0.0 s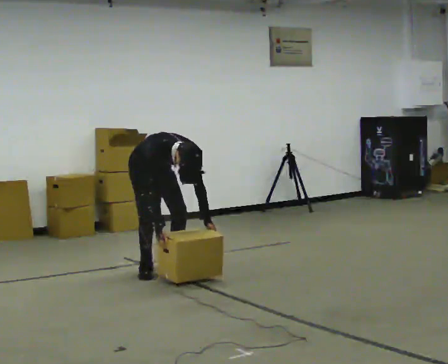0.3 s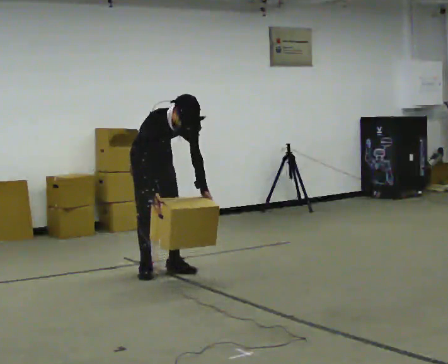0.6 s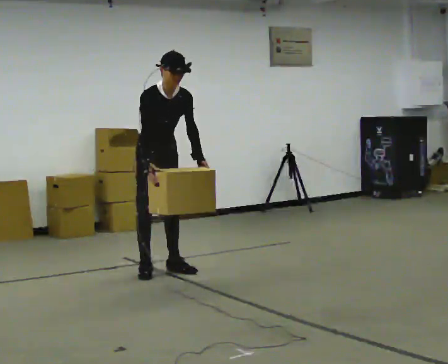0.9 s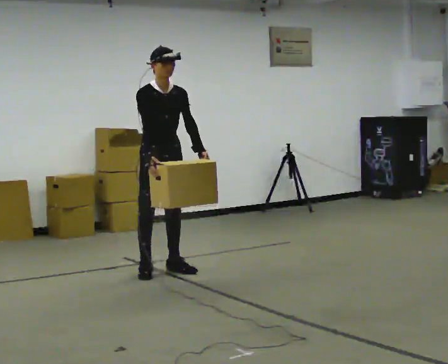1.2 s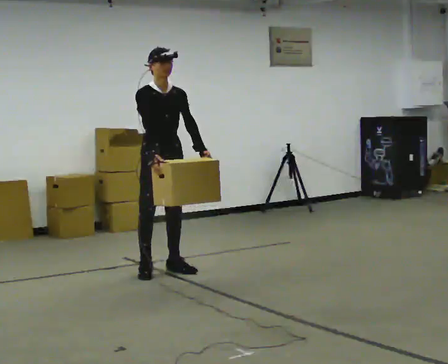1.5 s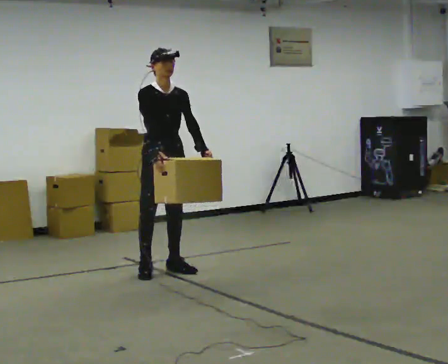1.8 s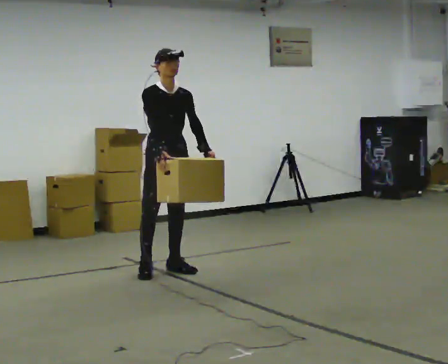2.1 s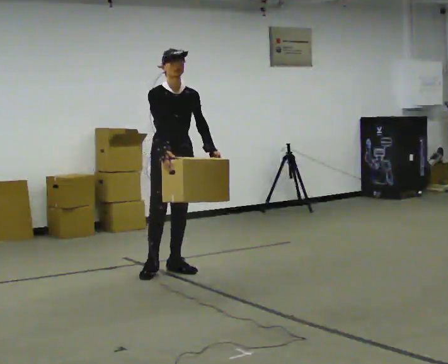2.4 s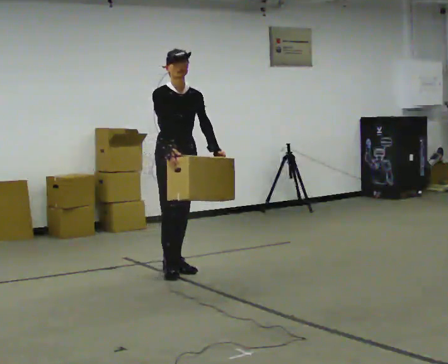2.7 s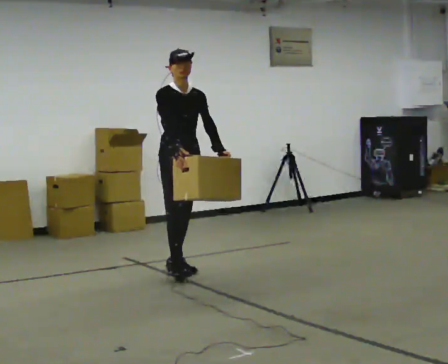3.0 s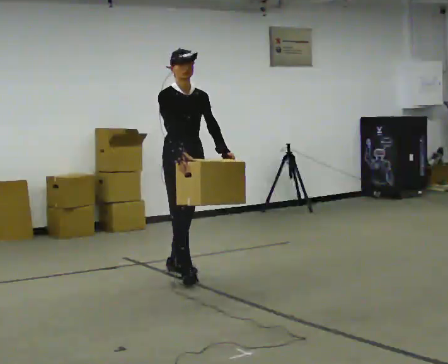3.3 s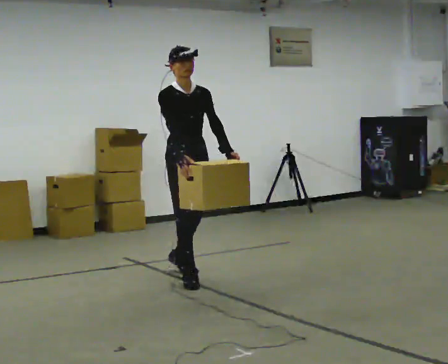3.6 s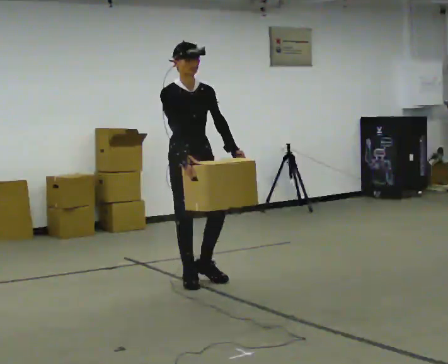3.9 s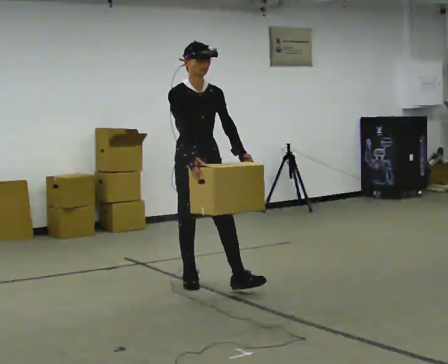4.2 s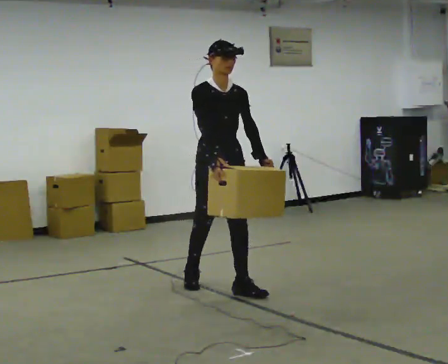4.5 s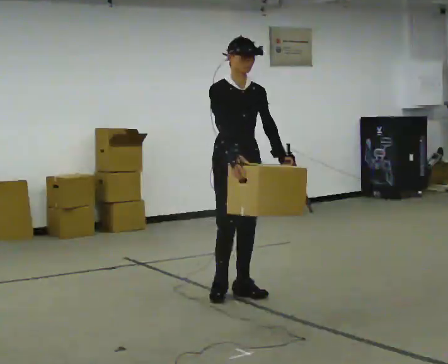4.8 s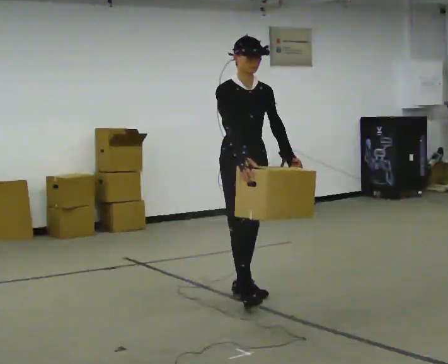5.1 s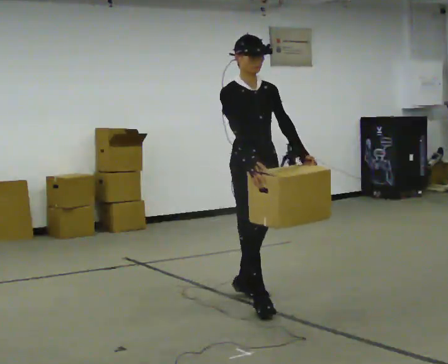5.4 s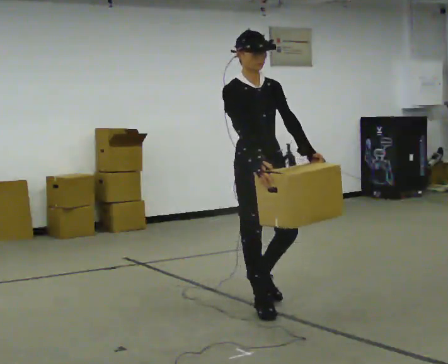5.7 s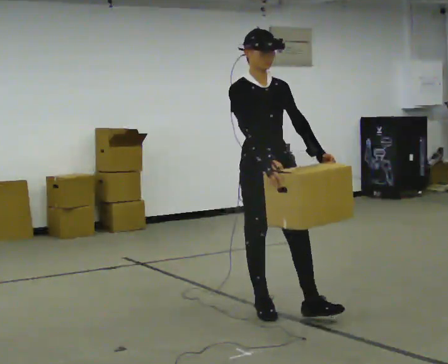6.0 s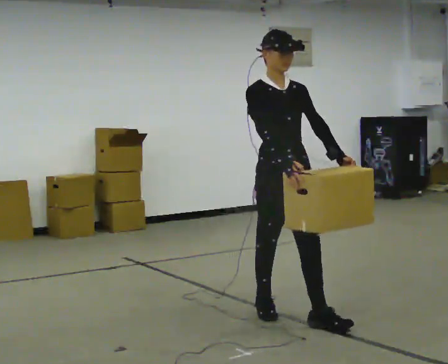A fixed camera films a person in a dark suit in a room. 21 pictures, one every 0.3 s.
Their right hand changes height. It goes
upward.
Their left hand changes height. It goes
upward.
0.0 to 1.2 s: In the picture they go toward the camera, about 0.25 m, which for them is forward. The shoulders move upward. The upper body tips away from the camera, its near side rolling upward, as they lean back or straighten. In the picture their right hand goes upward.
1.2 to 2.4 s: The person moves a little, or ends about where they began.
2.4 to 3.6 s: In the picture they go toward the camera, about 0.5 m in 1 step, which for them is forward.
3.6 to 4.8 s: In the picture they go toward the camera and to the right, about 0.5 m in 1 step, which for them is forward.
4.8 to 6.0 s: In the picture they go toward the camera, about 0.75 m in 2 steps, which for them is forward.
The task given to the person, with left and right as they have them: Carry the box straight from one end of the room to the other, set it down, then bring it back. Keep going until the operator says stop; one object at a time, and do not rush between trips.
The film runs forward here.
